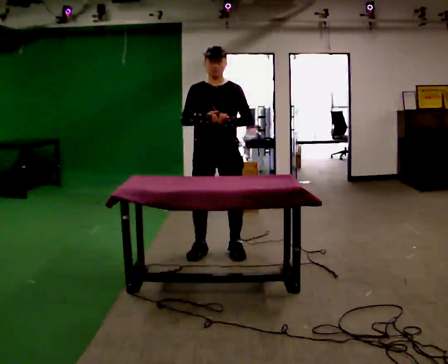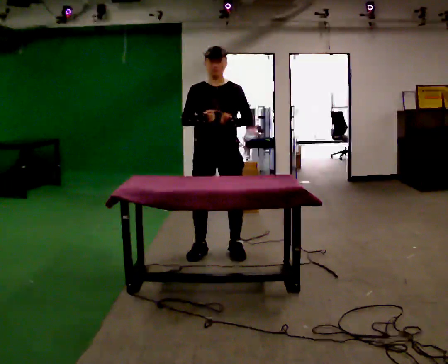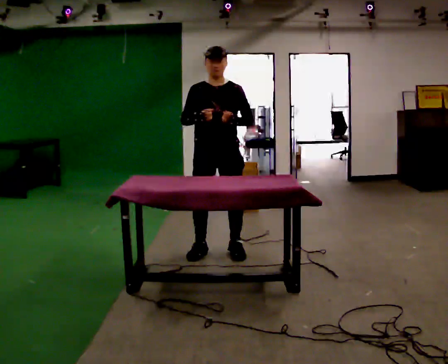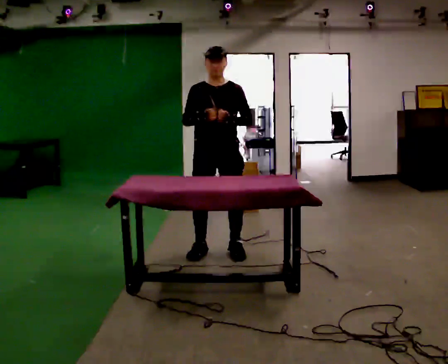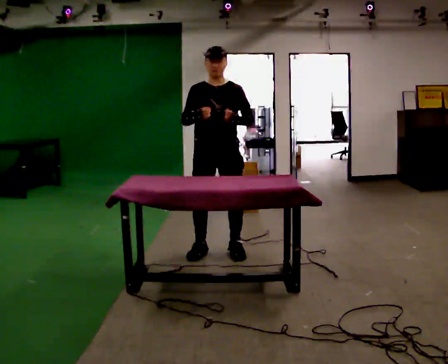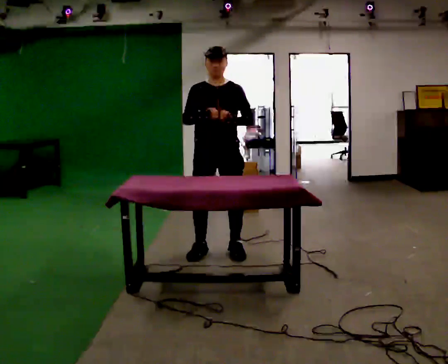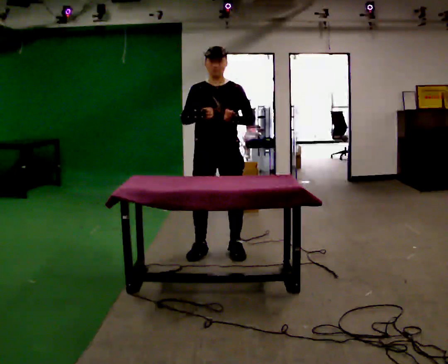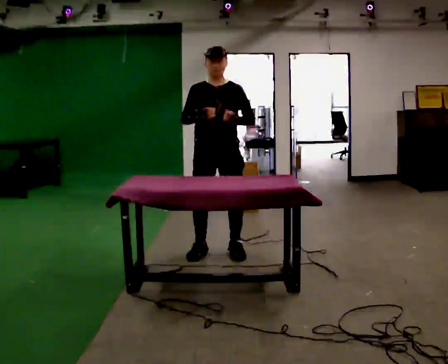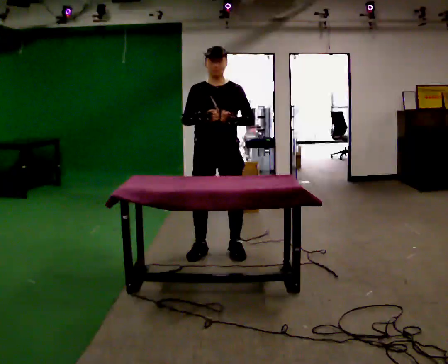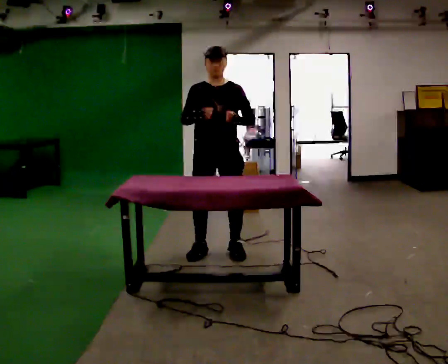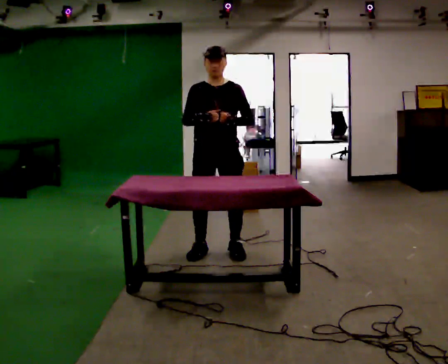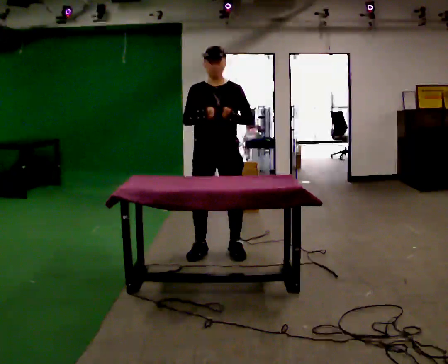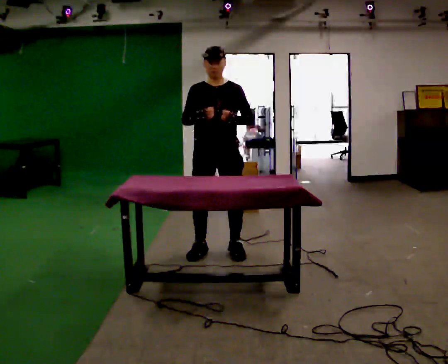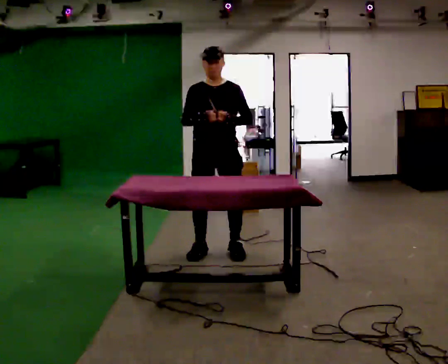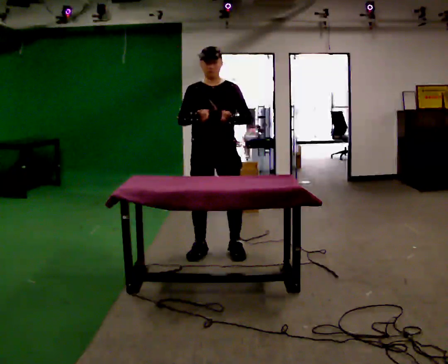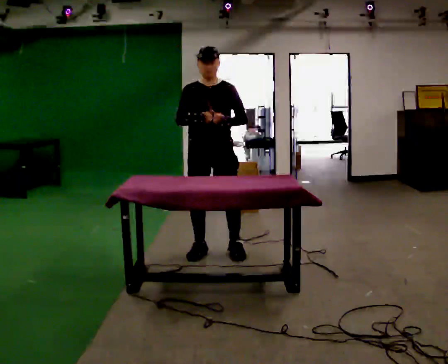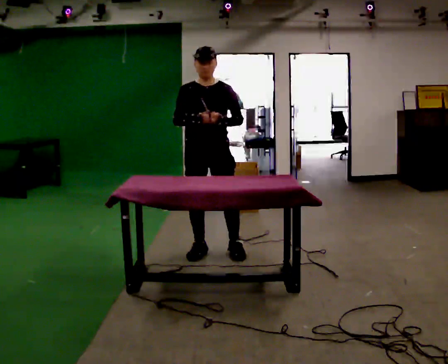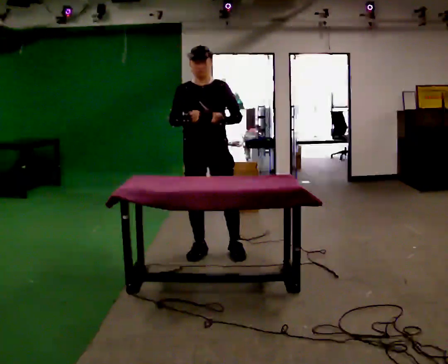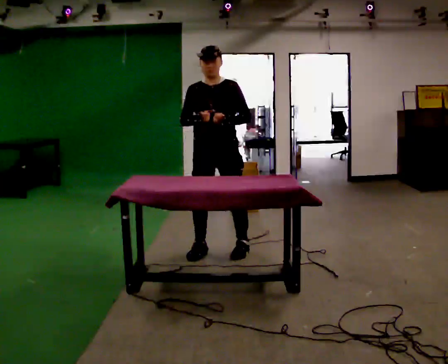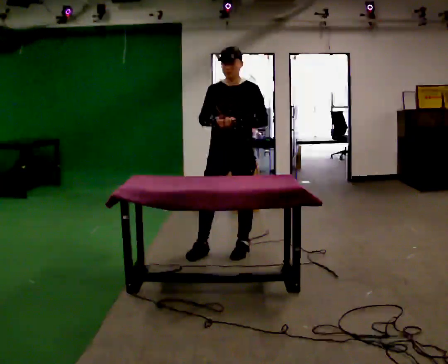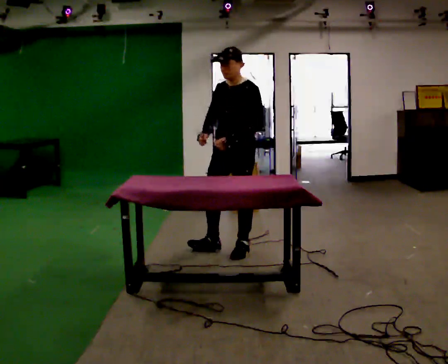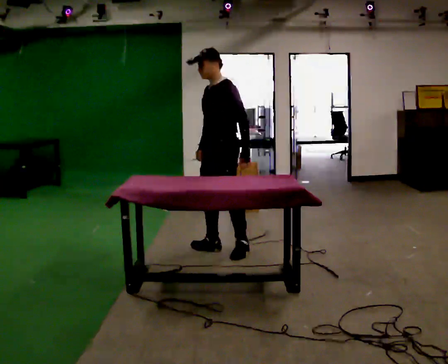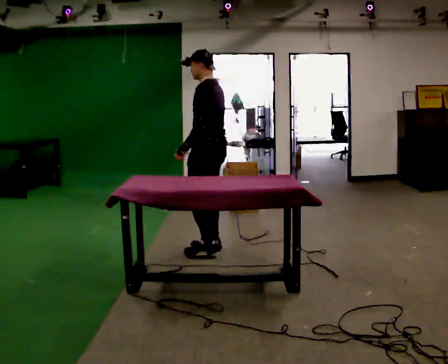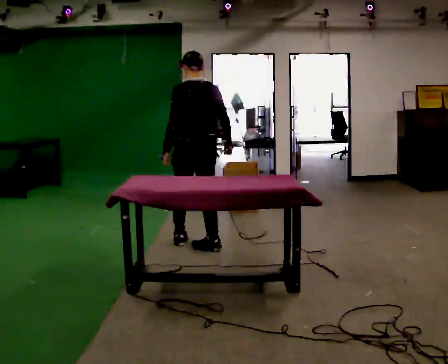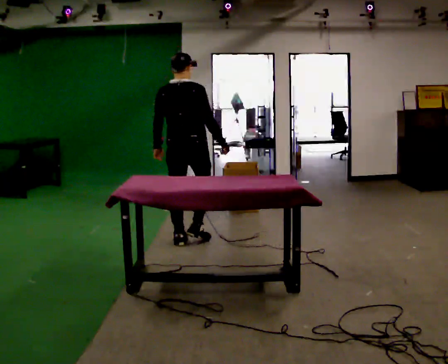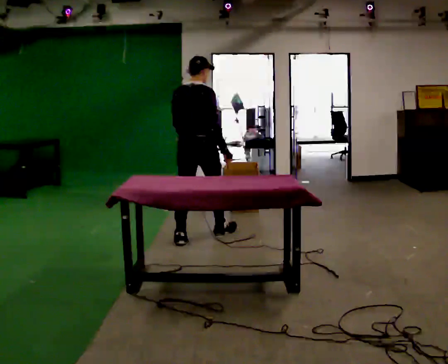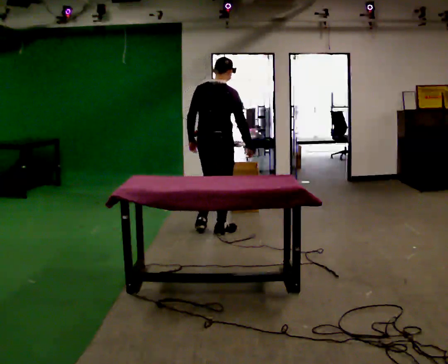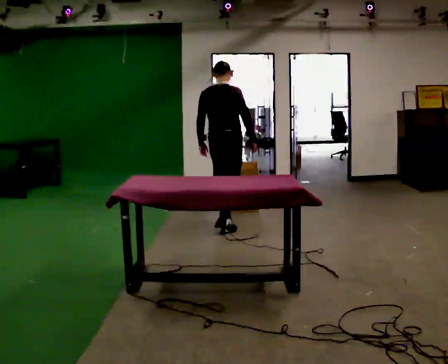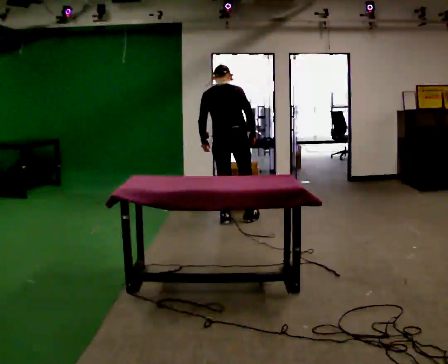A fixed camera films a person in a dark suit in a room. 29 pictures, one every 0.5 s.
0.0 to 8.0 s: The person moves a little, or ends about where they began.
8.0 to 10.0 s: The person turns about 45 degrees to their right, clockwise seen from above, so the part of the body nearest the lens slides to the left. In the picture they go to the right, about 0.25 m, which for them is to their left.
10.0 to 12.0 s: The part of the body nearest the lens slides to the left as the person turns to their right by about 150 degrees. In the picture they go to the left and away from the camera, about 0.5 m in 1 step.
12.0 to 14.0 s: In the picture they go away from the camera and to the right, about 1 m in 2 steps, which for them is forward.
The film runs forward here.
